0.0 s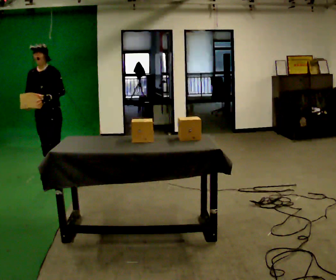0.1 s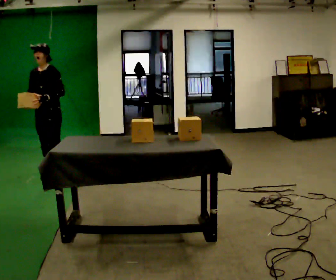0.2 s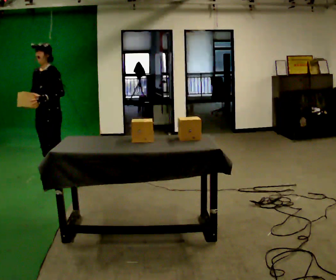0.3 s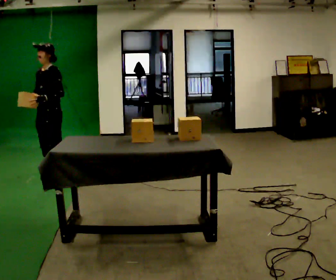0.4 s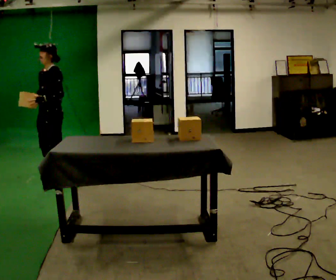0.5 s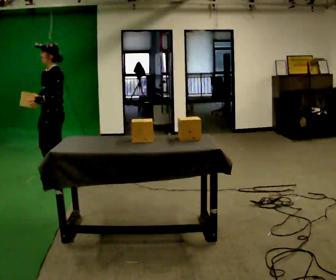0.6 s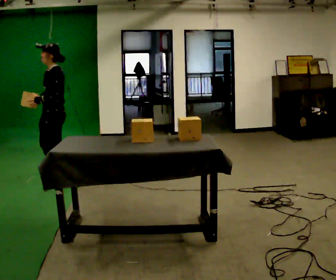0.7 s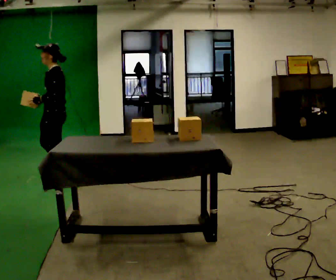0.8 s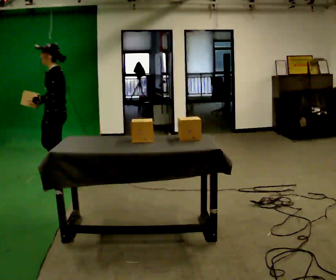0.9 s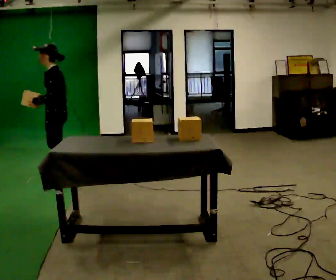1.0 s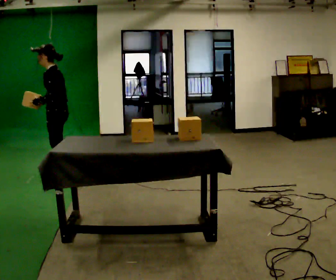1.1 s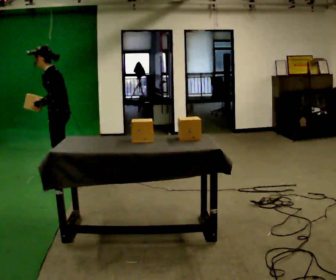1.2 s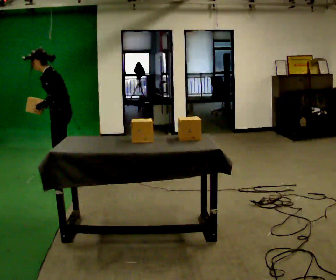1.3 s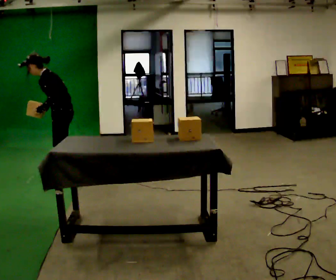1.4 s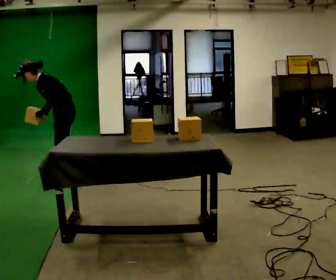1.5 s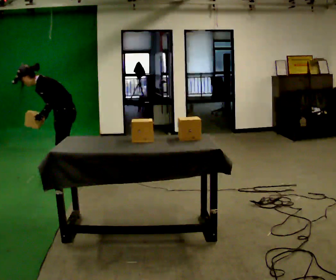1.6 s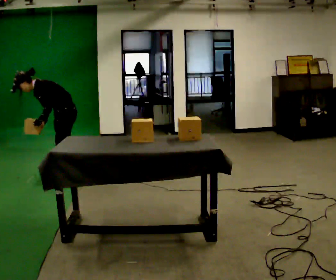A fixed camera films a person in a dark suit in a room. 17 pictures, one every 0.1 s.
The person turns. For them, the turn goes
to their right.
The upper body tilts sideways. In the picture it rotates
counterclockwise.
0.0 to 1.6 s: The person turns about 60 degrees to their right, clockwise seen from above, so the part of the body nearest the lens slides to the left. In the picture they go to the right, about 0.25 m in 1 step. The shoulders move downward. In the picture the upper body tilts counterclockwise, shoulders to the left, as they bend forward.
The film runs backward here.
